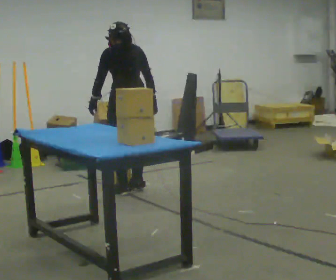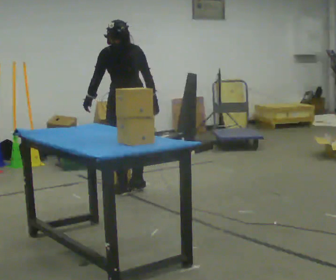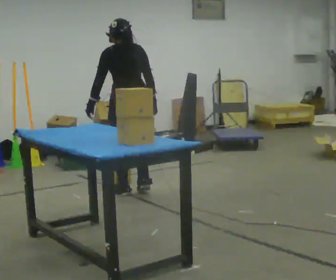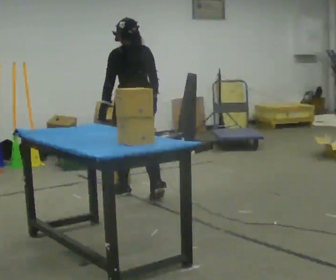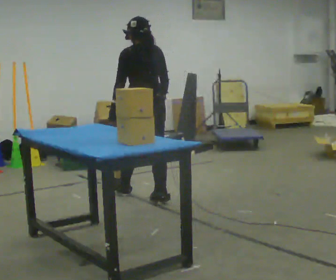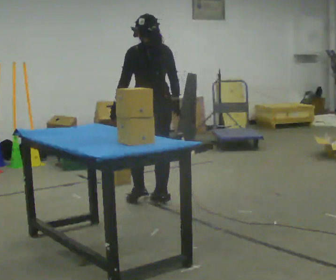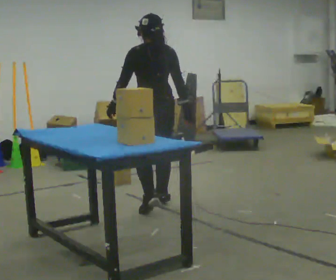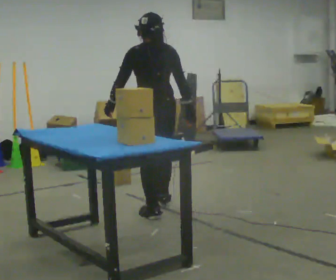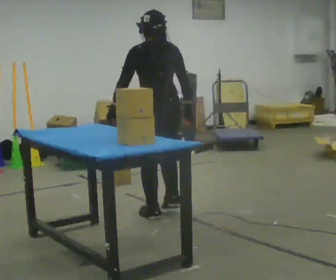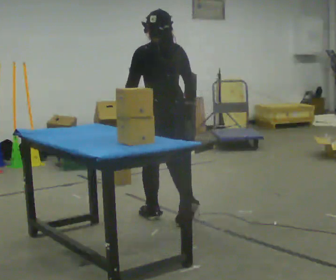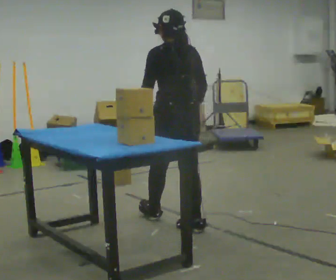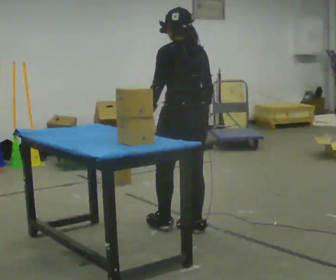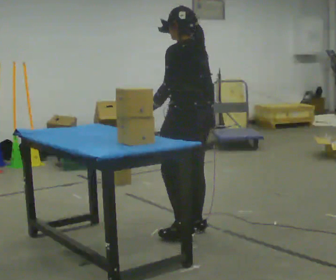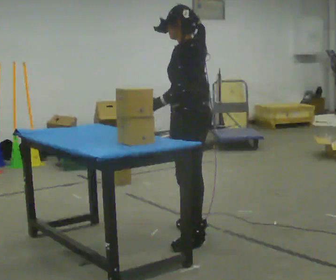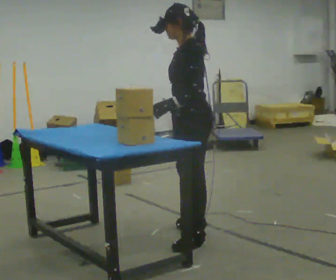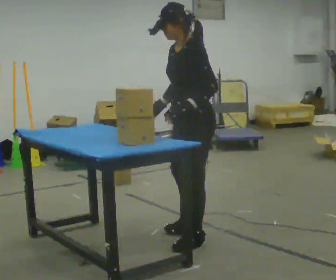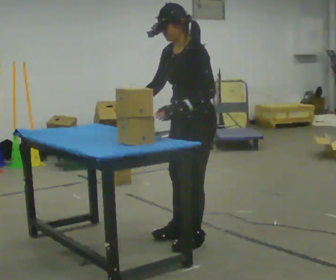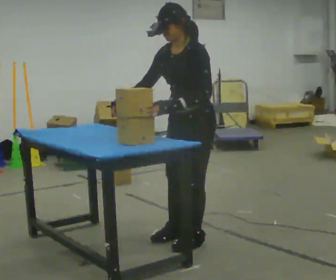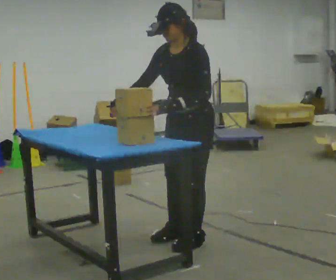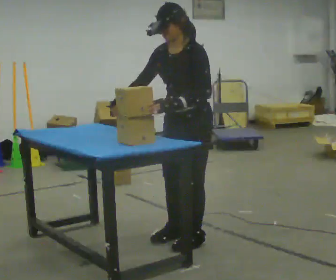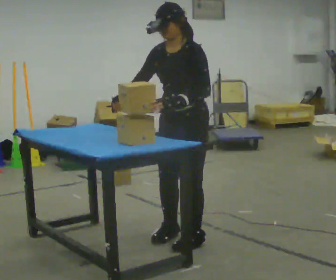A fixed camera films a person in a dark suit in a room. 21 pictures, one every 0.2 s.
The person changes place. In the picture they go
toward the camera.
The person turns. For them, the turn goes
to their left.
0.0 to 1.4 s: In the picture they go toward the camera, about 0.75 m in 3 steps, which for them is backward.
1.4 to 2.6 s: The part of the body nearest the lens slides to the right as the person turns to their left by about 60 degrees. In the picture they go toward the camera, about 0.75 m in 1 step, which for them is backward.
2.6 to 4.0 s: The part of the body nearest the lens slides to the right as the person turns to their left by about 60 degrees. In the picture their right hand goes to the left, the arm swinging clockwise.
The film runs backward here.
